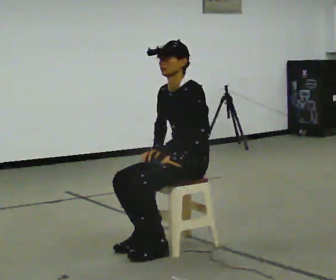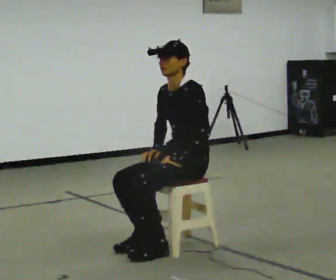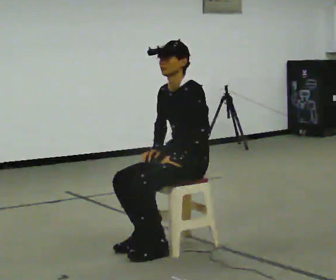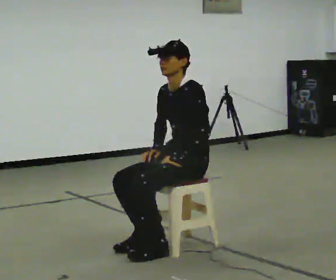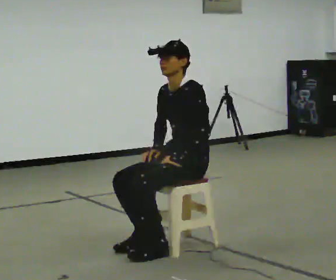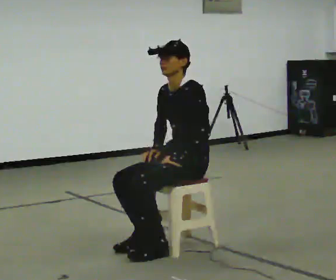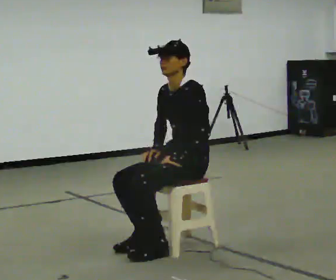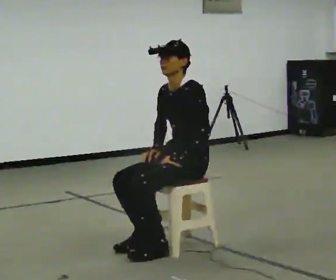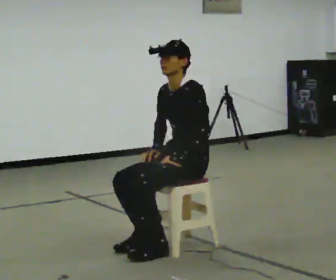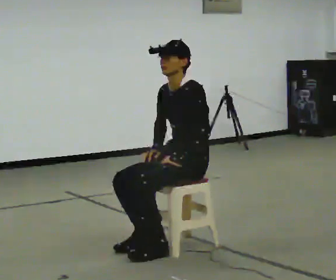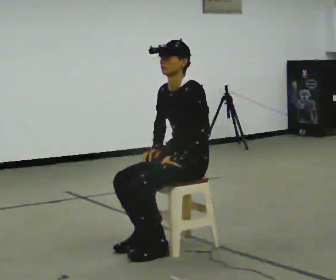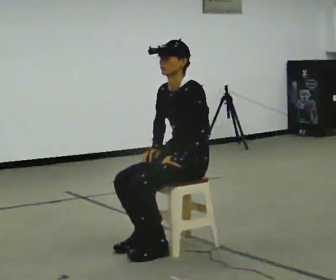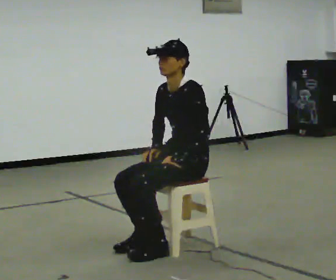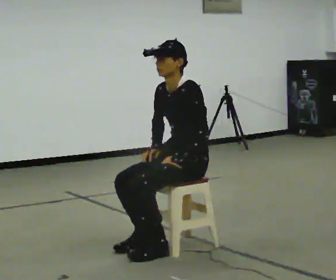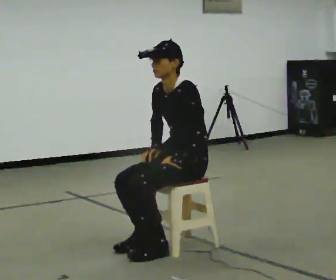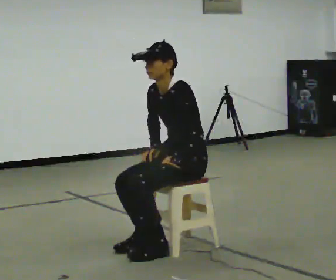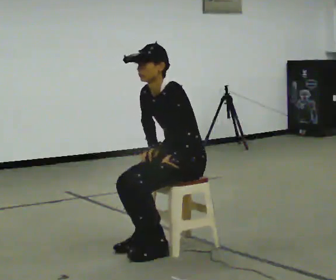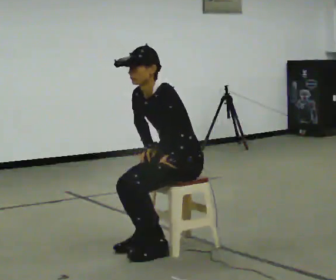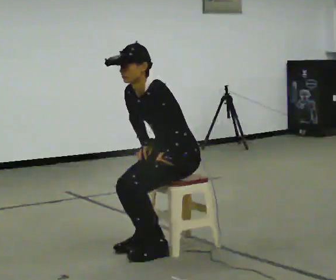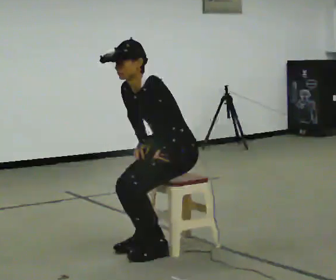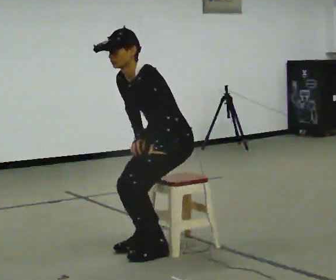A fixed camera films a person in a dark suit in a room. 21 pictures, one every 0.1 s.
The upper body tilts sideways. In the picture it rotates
counterclockwise.
0.0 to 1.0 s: The person keeps their place and pose.
1.0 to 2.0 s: In the picture the upper body tilts counterclockwise, shoulders to the left, as they bend forward.
The film runs backward here.
